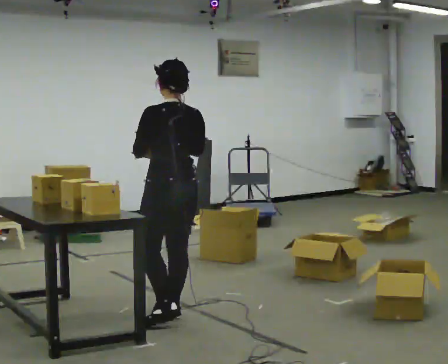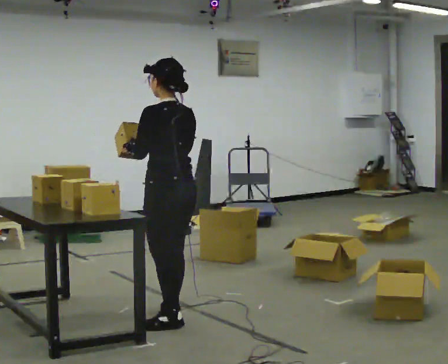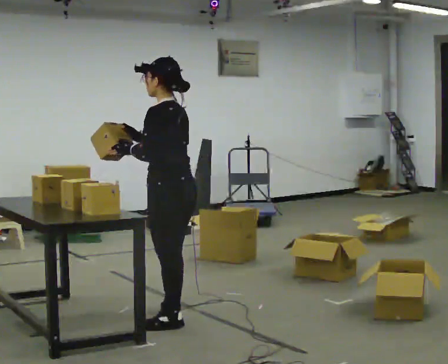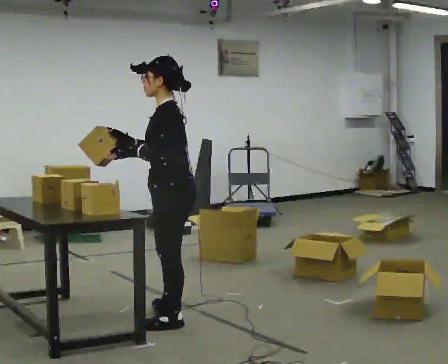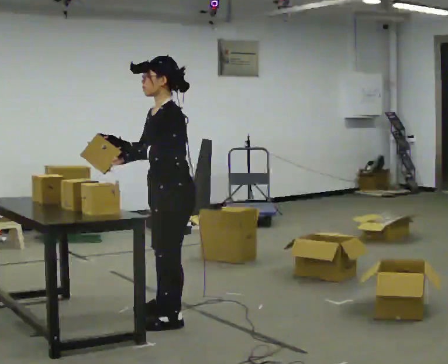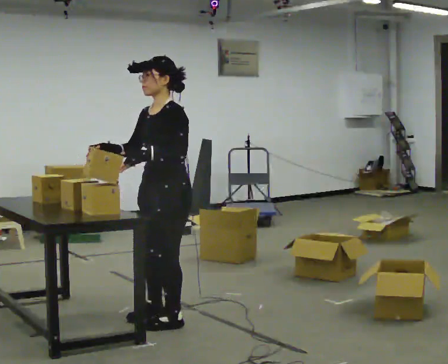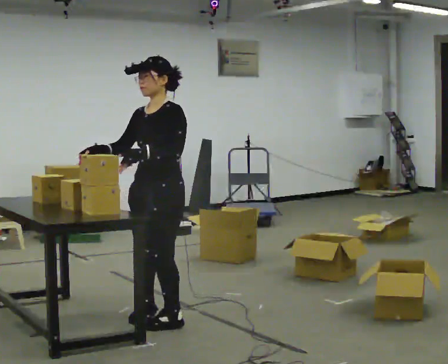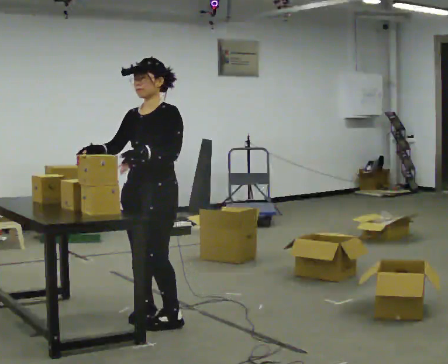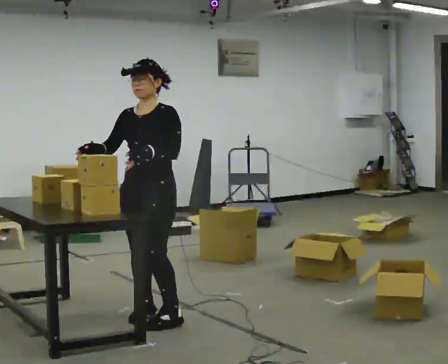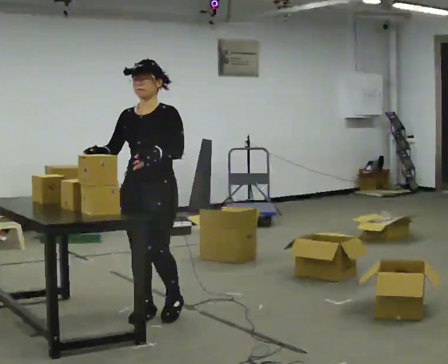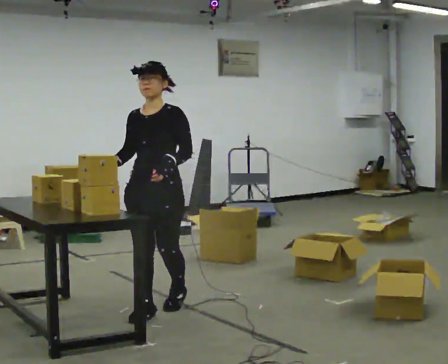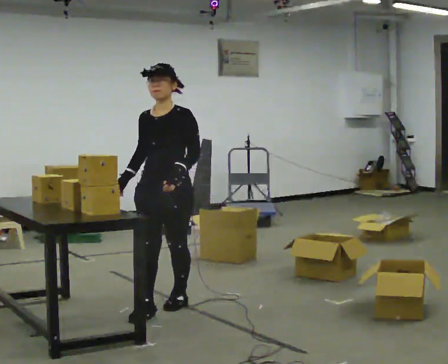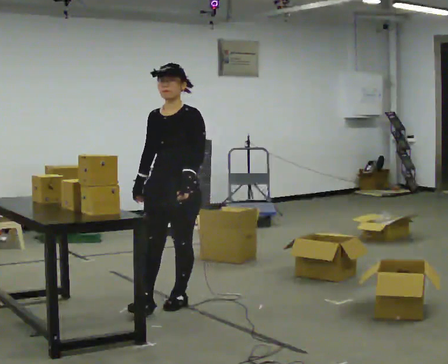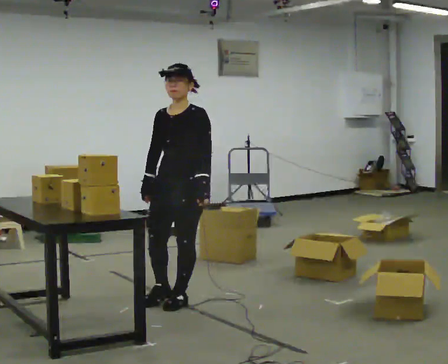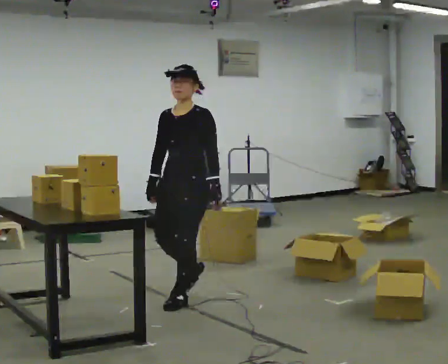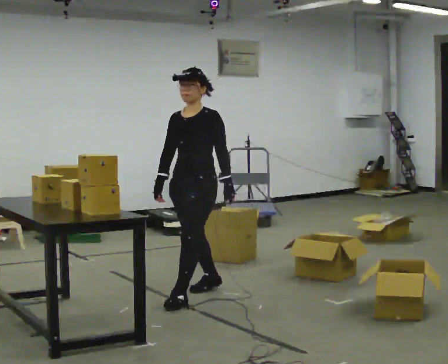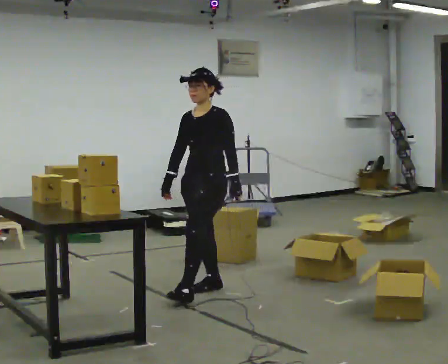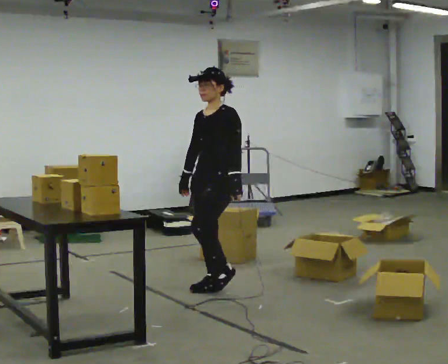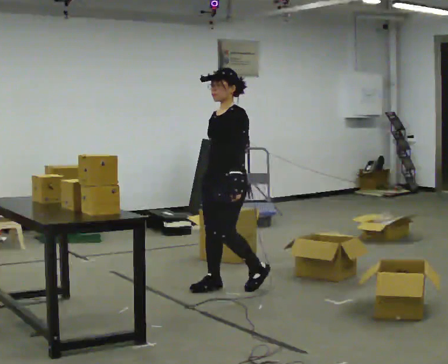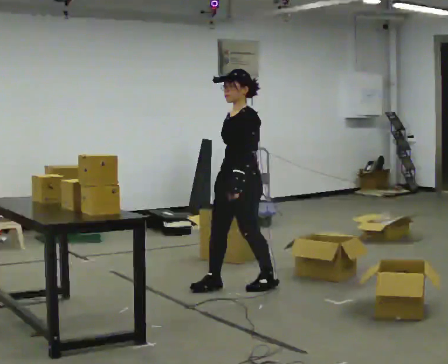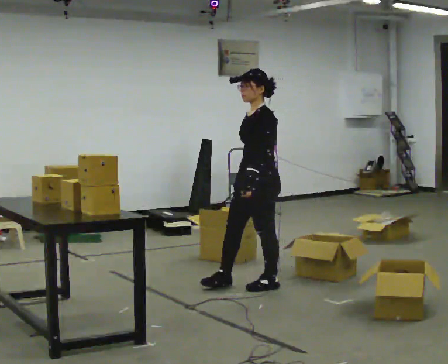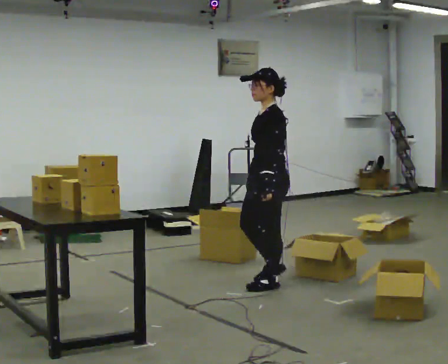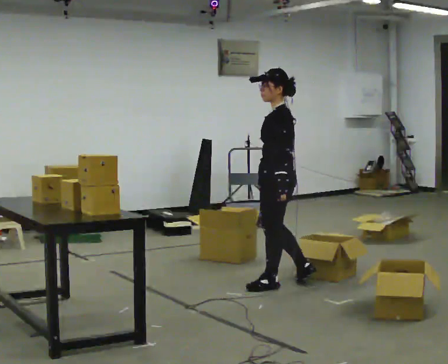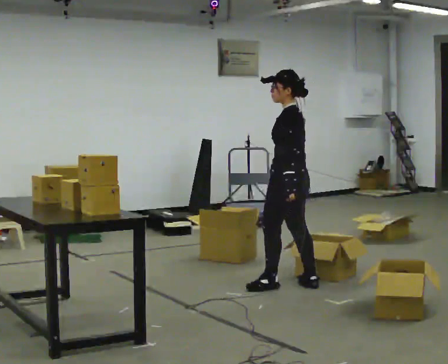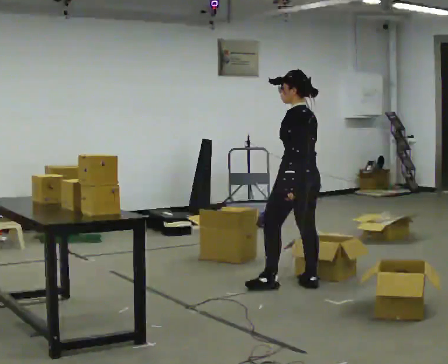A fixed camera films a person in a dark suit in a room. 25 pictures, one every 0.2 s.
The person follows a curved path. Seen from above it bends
clockwise.
0.0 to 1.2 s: The part of the body nearest the lens slides to the right as the person turns to their left by about 105 degrees. In the picture their right hand goes to the left.
1.2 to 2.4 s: In the picture they go away from the camera, about 0.5 m in 2 steps, which for them is backward.
2.4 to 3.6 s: The person turns about 30 degrees to their right, clockwise seen from above, so the part of the body nearest the lens slides to the left. In the picture they go away from the camera and to the right, about 0.5 m in 1 step, which for them is backward.
3.6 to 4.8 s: The part of the body nearest the lens slides to the left as the person turns to their right by about 75 degrees. In the picture they go to the right, about 0.5 m in 1 step.
The film runs backward here.
